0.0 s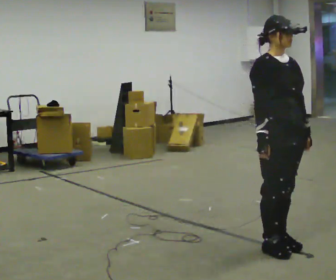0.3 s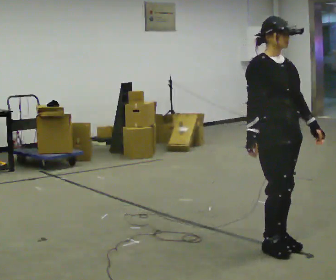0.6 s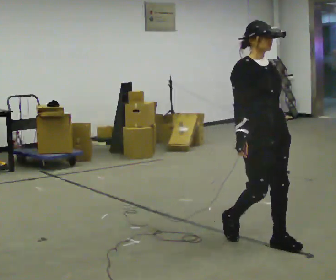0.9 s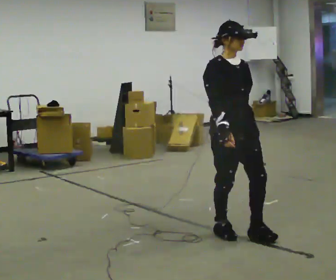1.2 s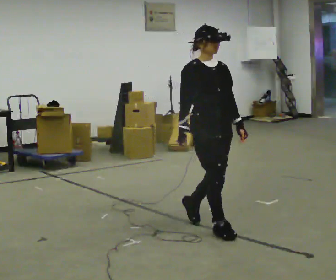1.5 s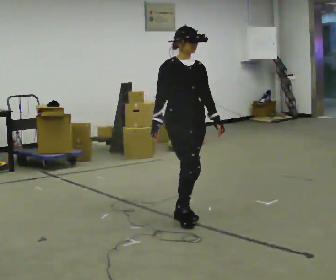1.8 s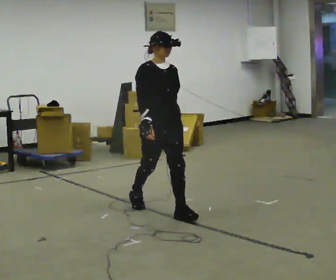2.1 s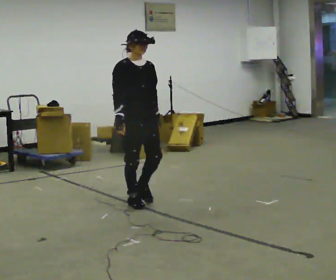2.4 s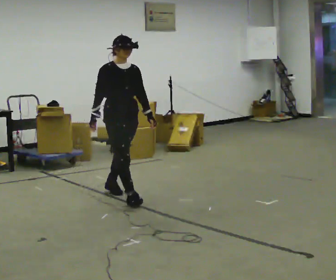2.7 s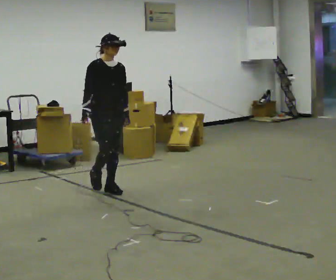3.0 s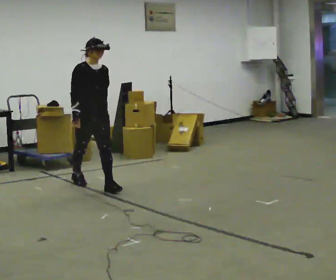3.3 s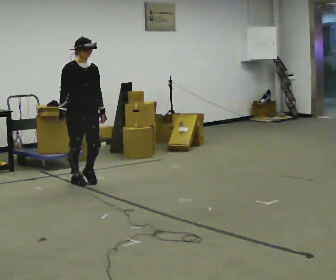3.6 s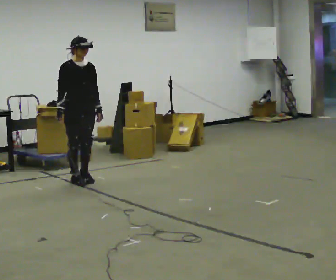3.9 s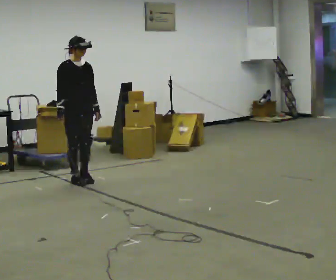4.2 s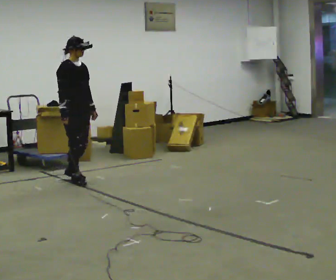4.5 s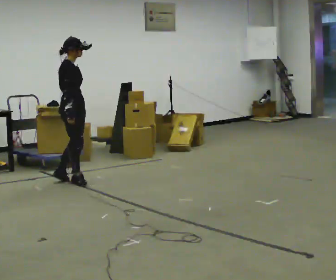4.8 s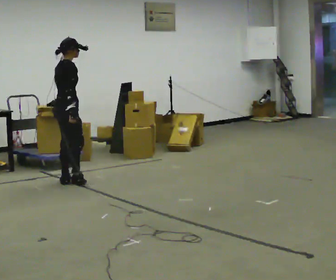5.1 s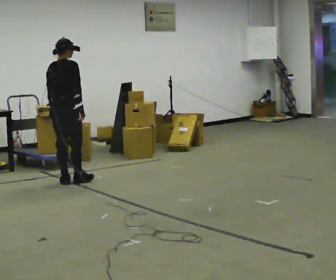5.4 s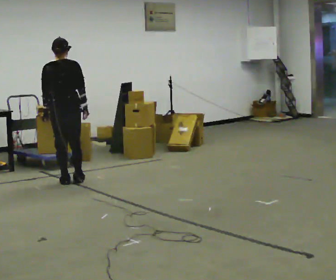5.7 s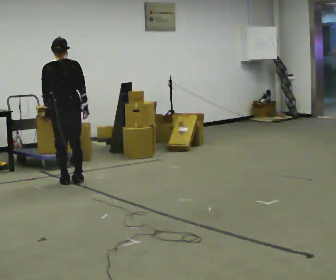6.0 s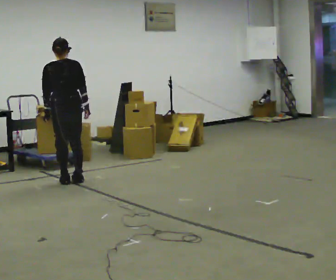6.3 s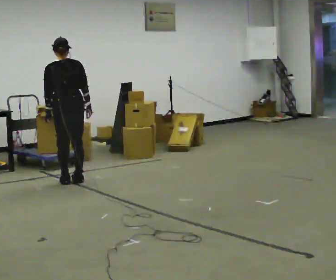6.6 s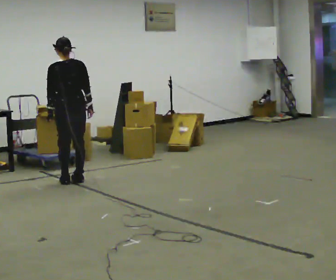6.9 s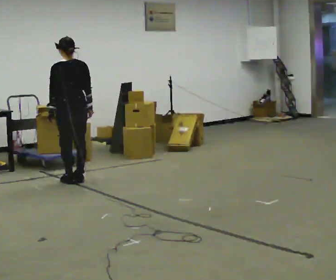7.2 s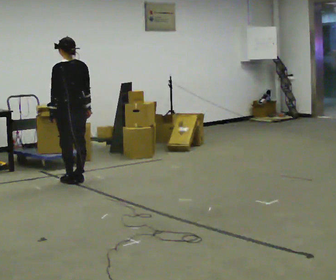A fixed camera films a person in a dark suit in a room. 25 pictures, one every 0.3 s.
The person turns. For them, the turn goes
to their left.
The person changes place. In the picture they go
away from the camera.
0.0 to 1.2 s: In the picture they go away from the camera and to the left, about 0.75 m in 2 steps, which for them is backward.
1.2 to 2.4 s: In the picture they go away from the camera and to the left, about 1.5 m in 3 steps, which for them is backward.
2.4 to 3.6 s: In the picture they go away from the camera and to the left, about 1 m in 1 step, which for them is backward.
3.6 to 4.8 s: Seen from above the body turns counterclockwise, about 75 degrees: to their left, with its near side sliding to the right. In the picture their left hand goes to the left.
4.8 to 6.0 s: The person turns about 75 degrees to their left, counterclockwise seen from above, so the part of the body nearest the lens slides to the right. In the picture the upper body tilts counterclockwise, shoulders to the left.
6.0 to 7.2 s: Seen from above the body turns counterclockwise, about 30 degrees: to their left, with its near side sliding to the right.
The film runs backward here.
